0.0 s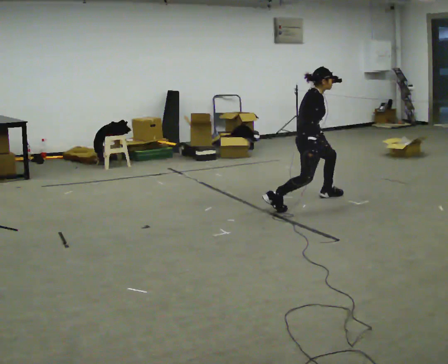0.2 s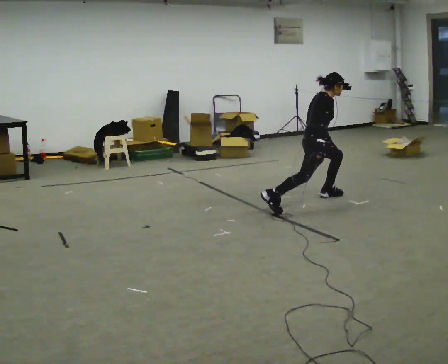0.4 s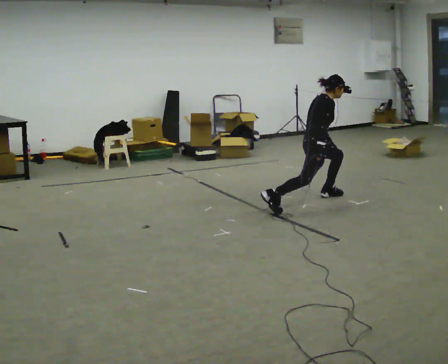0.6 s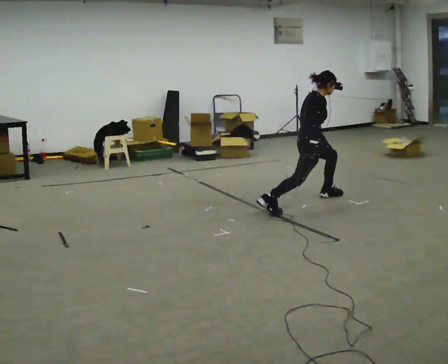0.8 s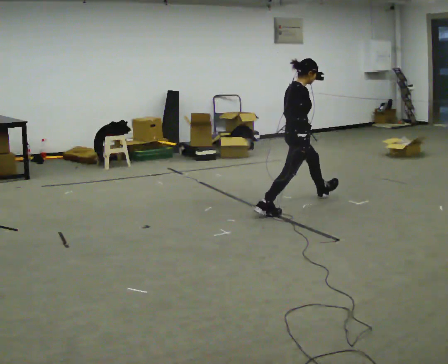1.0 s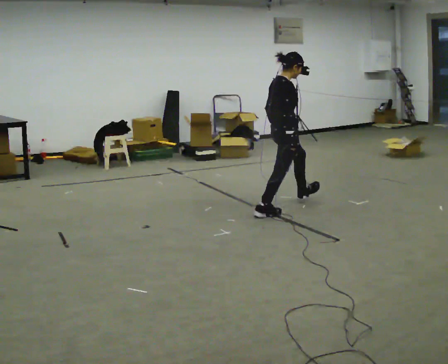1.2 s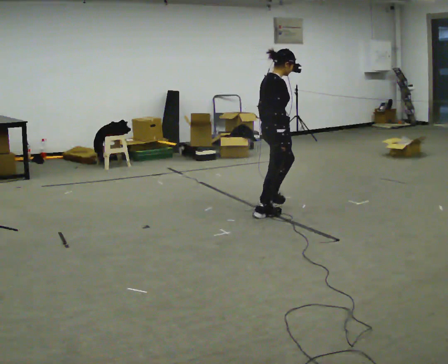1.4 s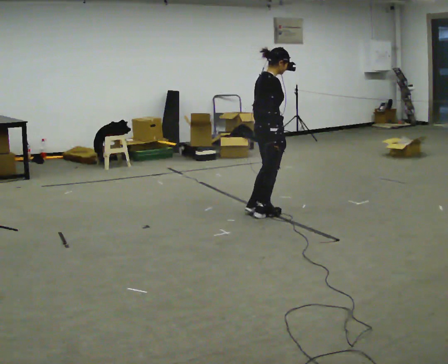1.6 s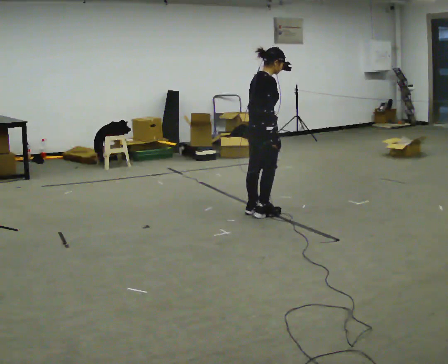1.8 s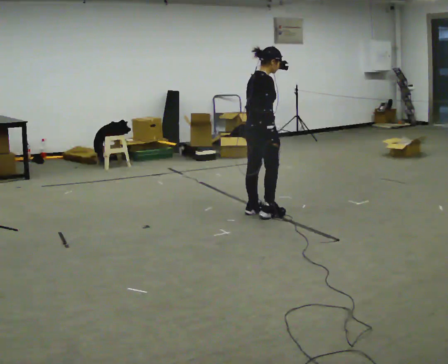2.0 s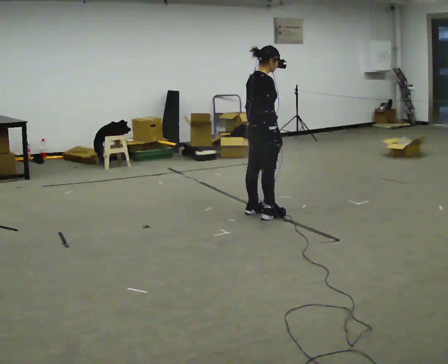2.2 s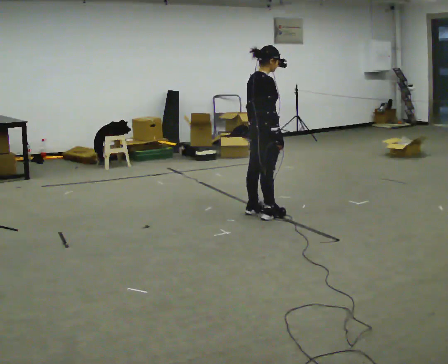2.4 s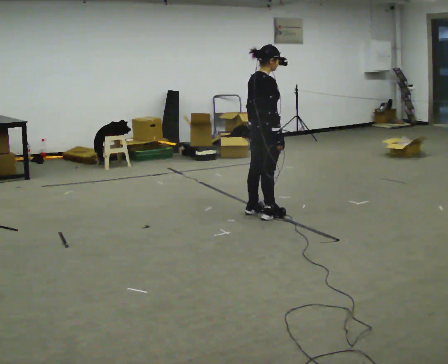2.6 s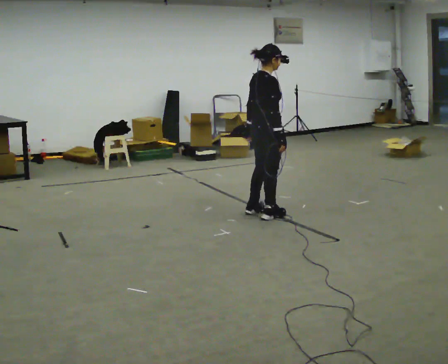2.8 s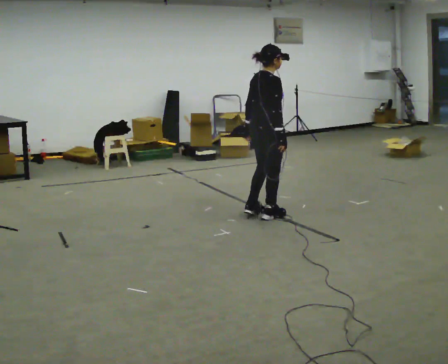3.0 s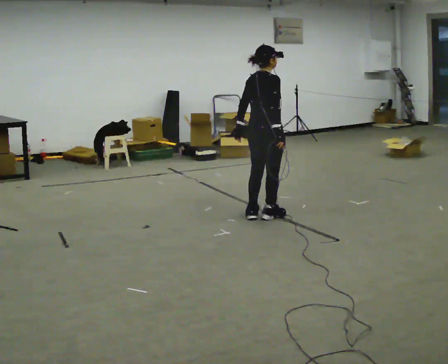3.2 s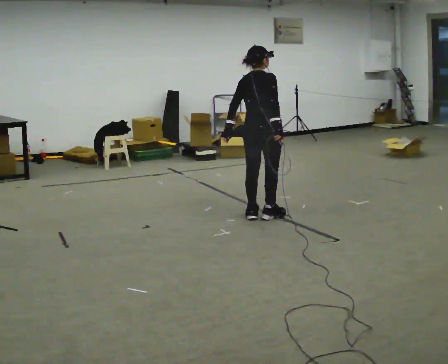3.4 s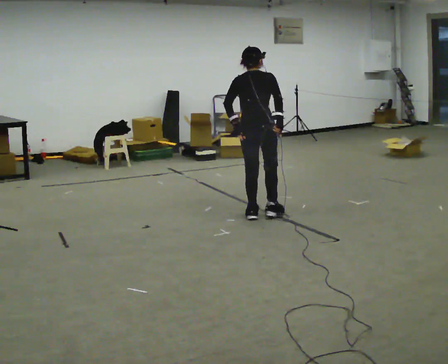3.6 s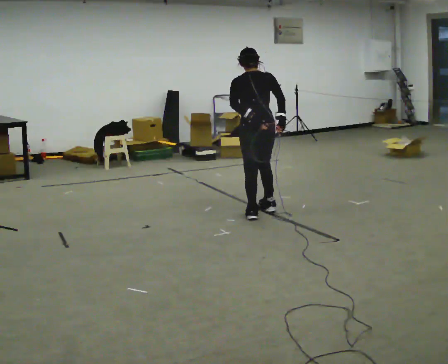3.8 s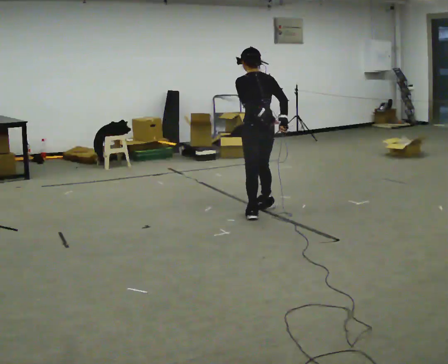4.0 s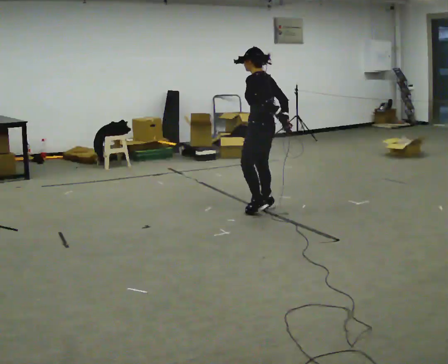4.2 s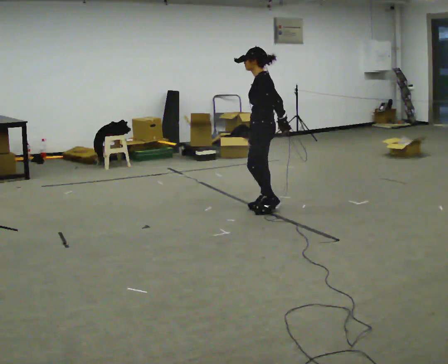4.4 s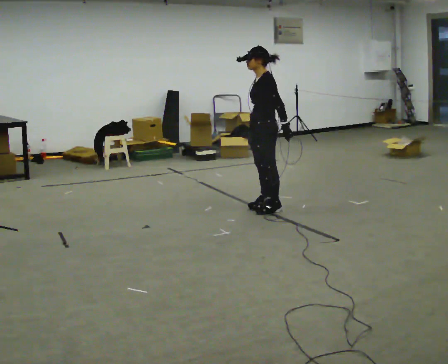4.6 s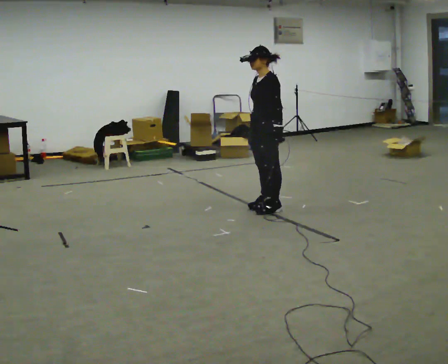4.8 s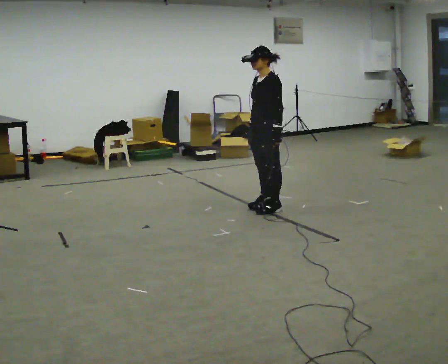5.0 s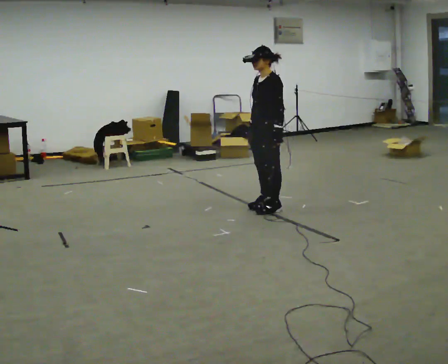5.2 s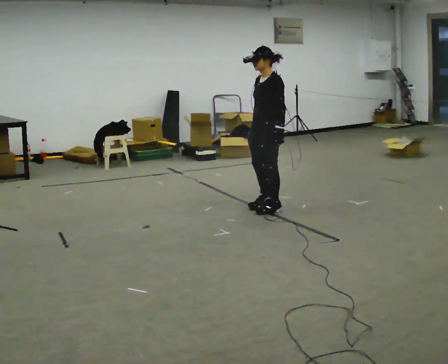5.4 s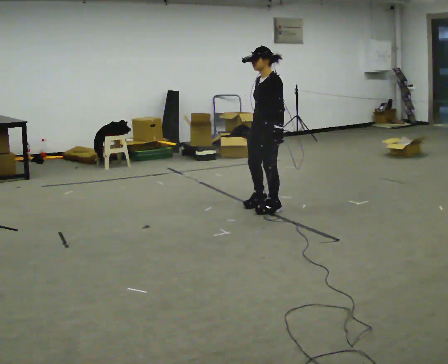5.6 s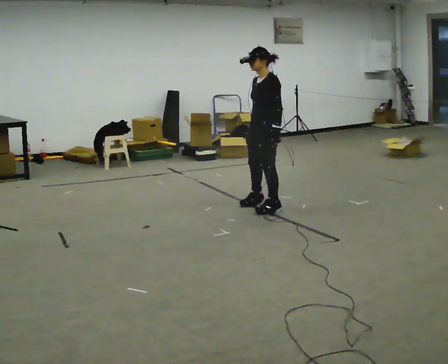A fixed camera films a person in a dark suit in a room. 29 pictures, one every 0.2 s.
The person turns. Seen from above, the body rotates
counterclockwise.
The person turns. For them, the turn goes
to their left.
0.0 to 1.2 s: In the picture they go toward the camera and to the left, about 0.5 m in 1 step, which for them is to their right and backward.
1.2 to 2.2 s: The person moves a little, or ends about where they began.
2.2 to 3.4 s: The part of the body nearest the lens slides to the right as the person turns to their left by about 45 degrees.
3.4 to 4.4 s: The part of the body nearest the lens slides to the right as the person turns to their left by about 120 degrees. In the picture they go away from the camera, about 0.25 m in 1 step.
4.4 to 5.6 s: The person moves a little, or ends about where they began.
The film runs backward here.
